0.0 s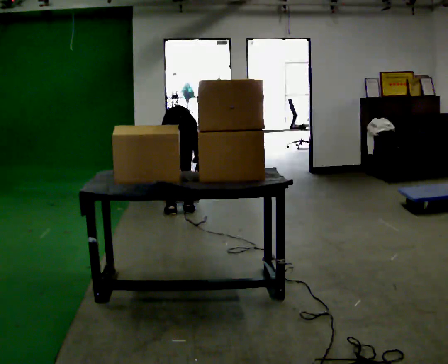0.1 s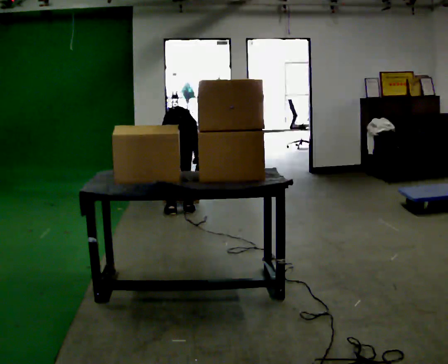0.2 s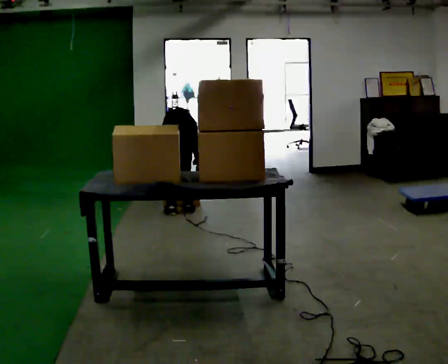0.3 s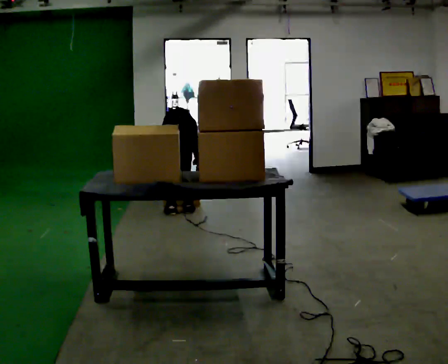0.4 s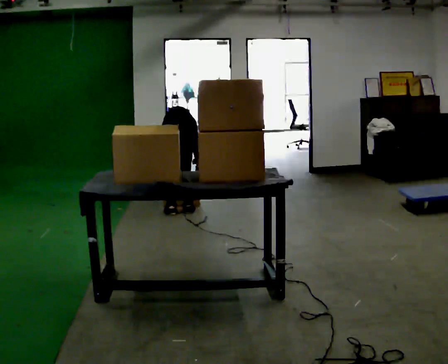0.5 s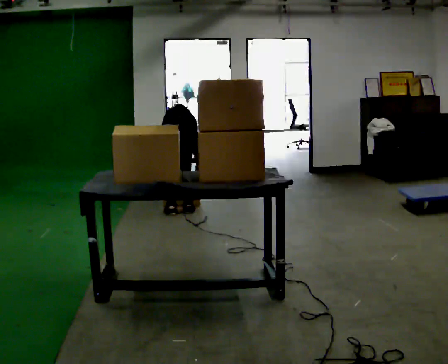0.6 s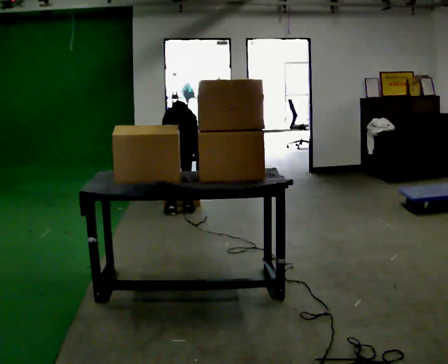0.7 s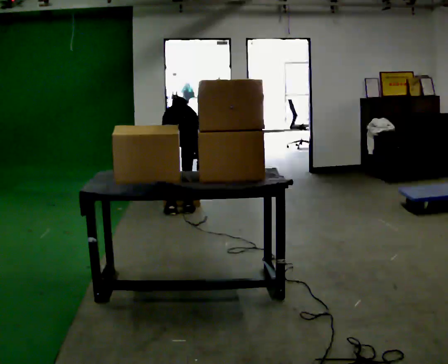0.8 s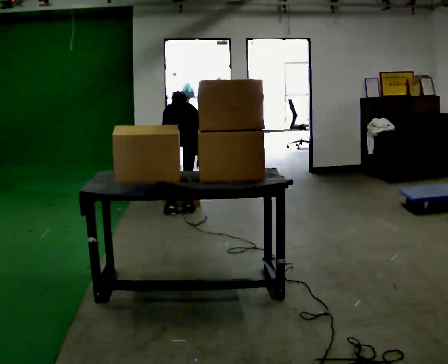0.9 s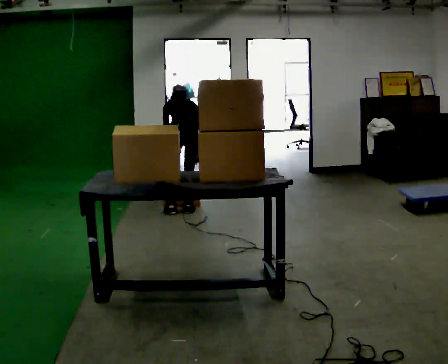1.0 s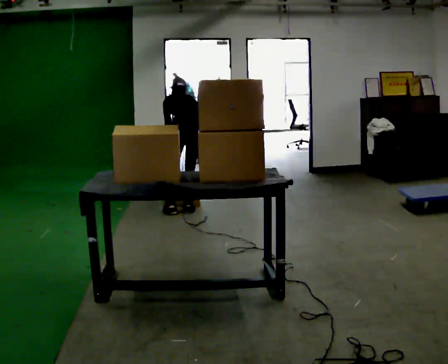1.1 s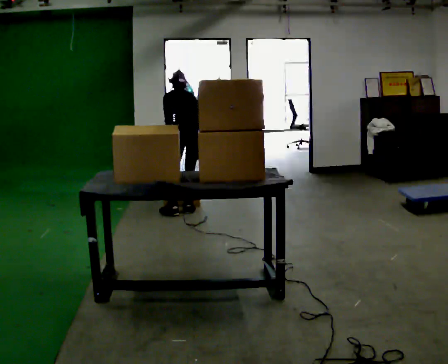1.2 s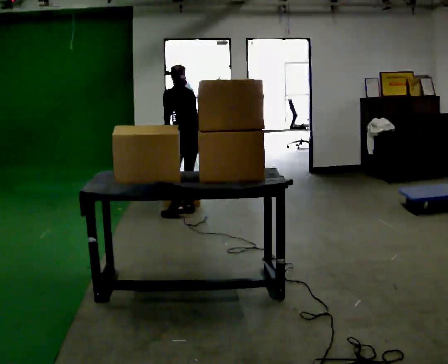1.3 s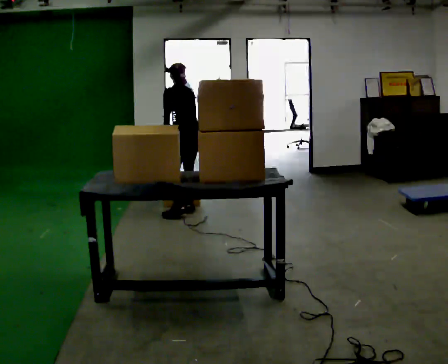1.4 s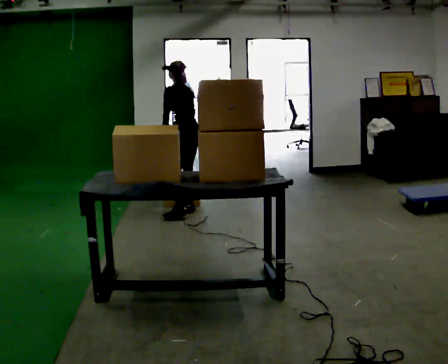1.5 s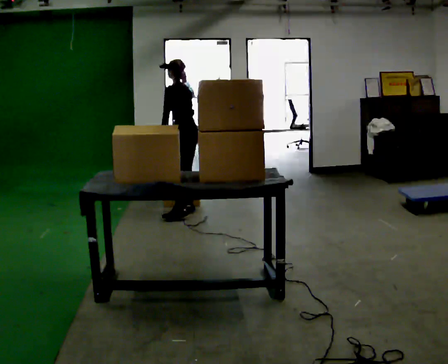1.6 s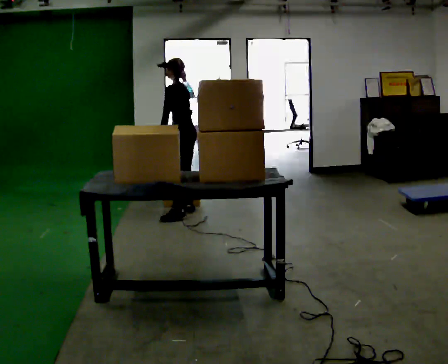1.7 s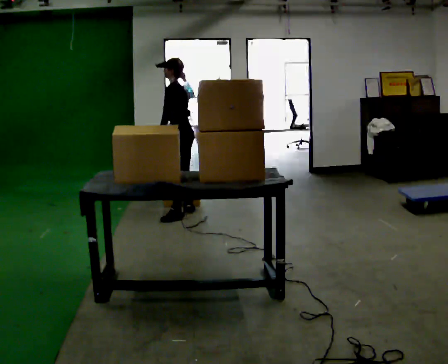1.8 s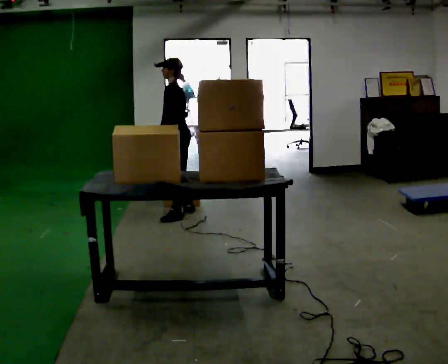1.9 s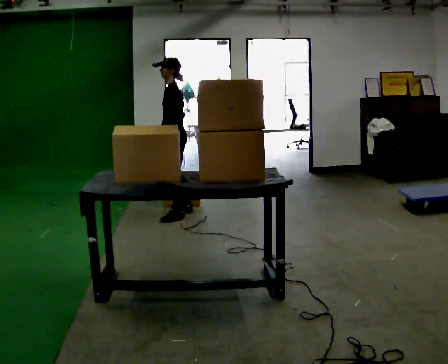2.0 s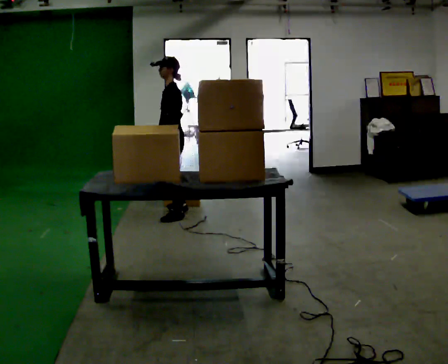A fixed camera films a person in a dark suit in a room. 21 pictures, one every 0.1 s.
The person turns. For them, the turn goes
to their left.
The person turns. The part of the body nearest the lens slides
to the right.
0.0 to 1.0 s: Seen from above the body turns counterclockwise, about 30 degrees: to their left, with its near side sliding to the right. The shoulders move upward. The upper body tips toward the camera, its near side rolling downward, as they lean back or straighten.
1.0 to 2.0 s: Seen from above the body turns counterclockwise, about 75 degrees: to their left, with its near side sliding to the right. In the picture they go toward the camera, about 0.25 m in 1 step. The upper body tips toward the camera, its near side rolling downward, as they lean back or straighten. In the picture their right hand goes to the left.
The film runs forward here.
